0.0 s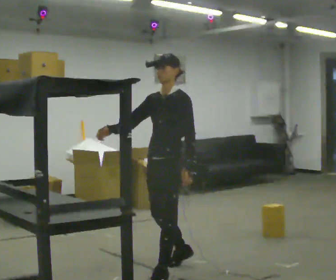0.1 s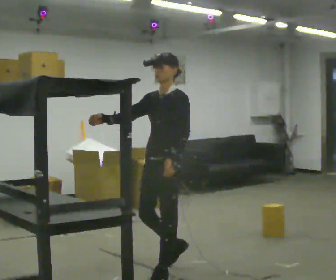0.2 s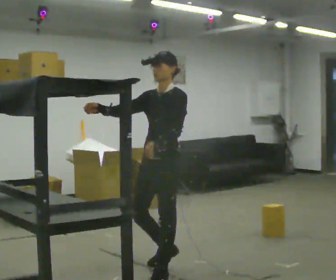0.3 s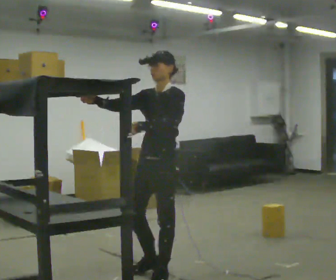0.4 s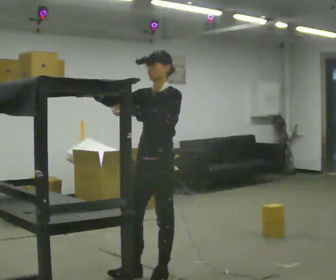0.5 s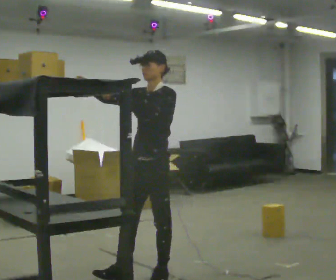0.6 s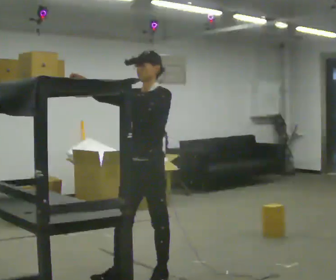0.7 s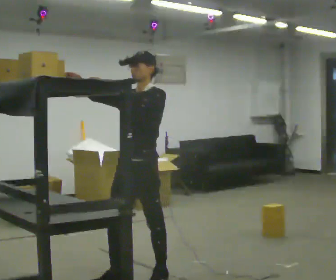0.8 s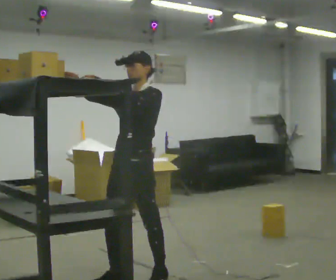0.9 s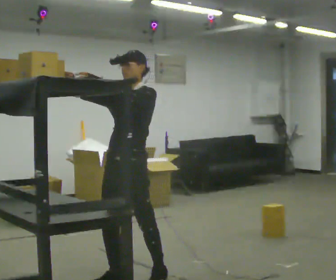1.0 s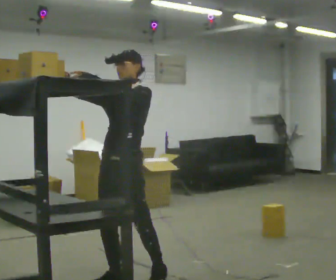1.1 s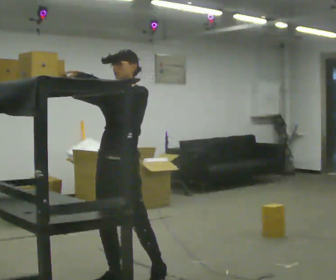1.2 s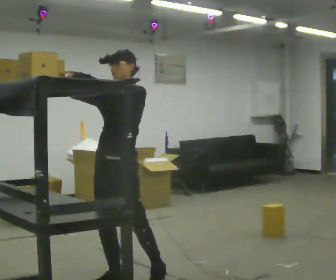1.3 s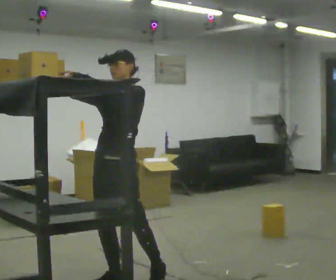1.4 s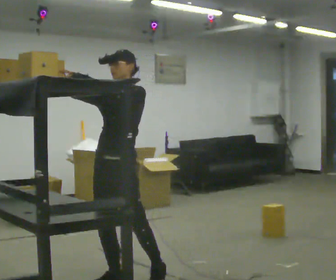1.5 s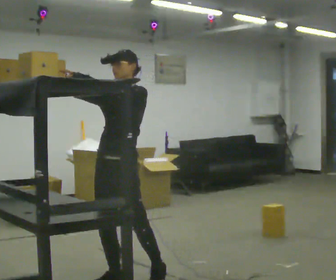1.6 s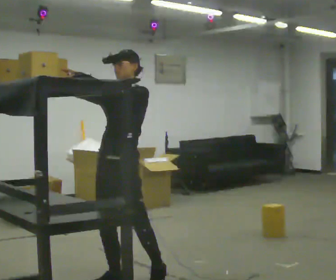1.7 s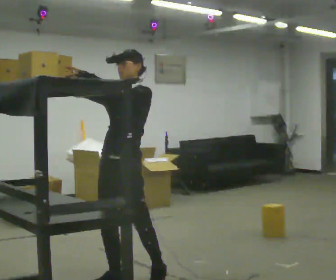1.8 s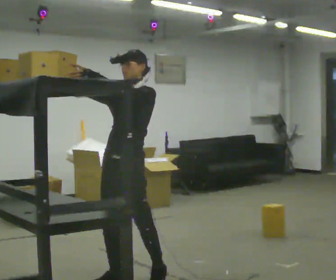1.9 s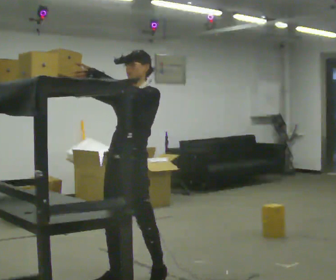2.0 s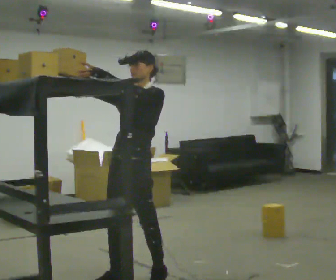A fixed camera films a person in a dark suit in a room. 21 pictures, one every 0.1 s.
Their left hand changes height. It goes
upward.
0.0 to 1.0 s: In the picture they go to the left and toward the camera, about 0.5 m in 1 step, which for them is forward. In the picture their left hand goes upward.
1.0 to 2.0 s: The person moves a little, or ends about where they began.
The film runs forward here.
